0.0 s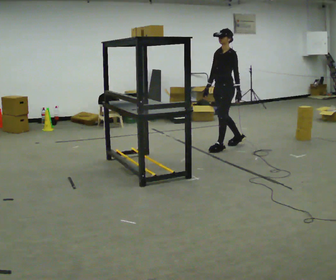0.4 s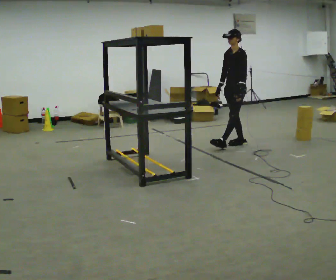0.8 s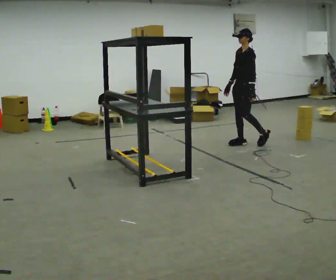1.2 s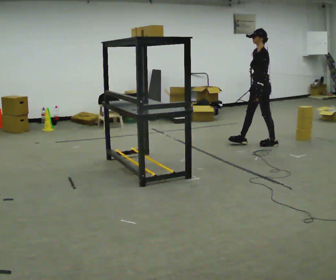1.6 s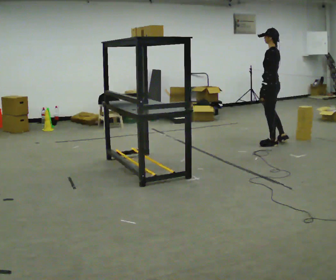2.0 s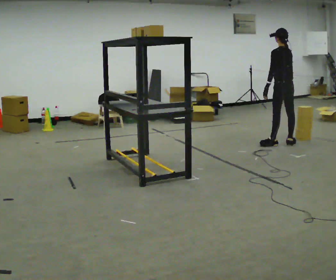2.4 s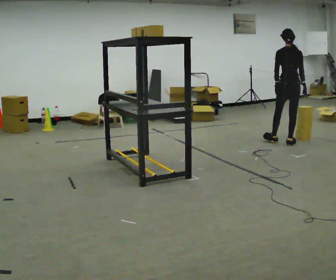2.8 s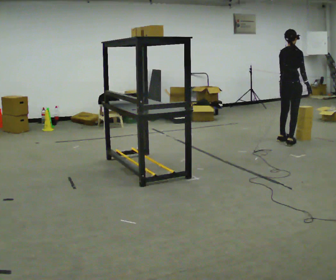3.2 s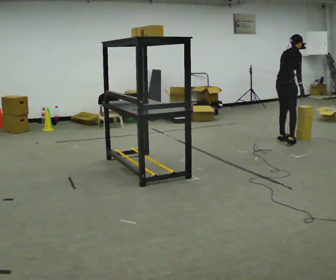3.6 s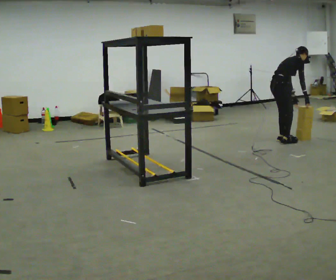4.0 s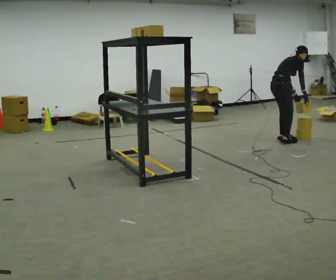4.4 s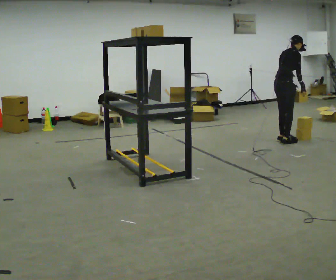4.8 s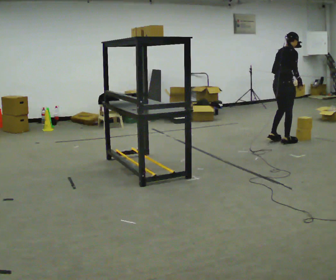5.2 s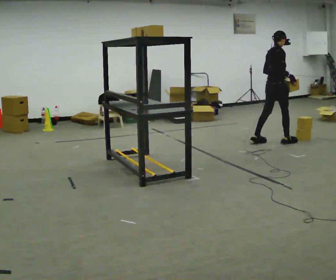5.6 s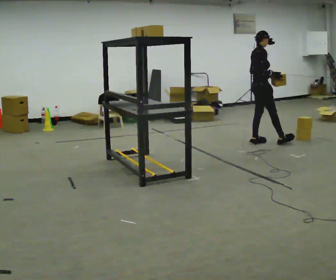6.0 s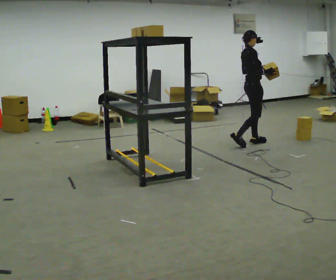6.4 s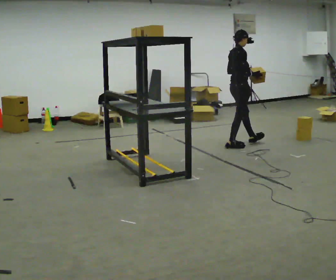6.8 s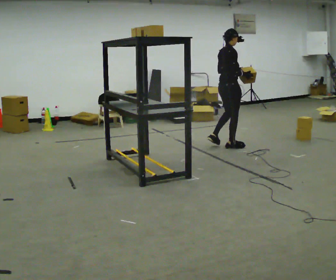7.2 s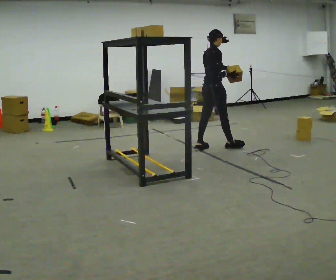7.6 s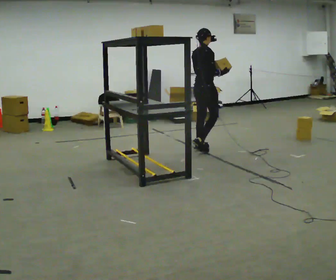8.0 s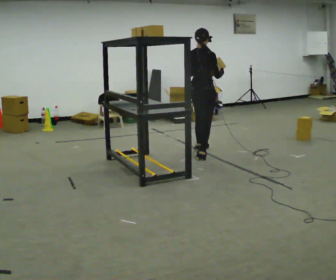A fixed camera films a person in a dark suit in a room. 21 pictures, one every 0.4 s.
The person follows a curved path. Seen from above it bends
counterclockwise.
0.0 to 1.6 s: The part of the body nearest the lens slides to the left as the person turns to their right by about 60 degrees. In the picture they go to the right, about 0.75 m in 2 steps.
1.6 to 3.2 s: The part of the body nearest the lens slides to the left as the person turns to their right by about 120 degrees. In the picture they go away from the camera, about 0.25 m in 1 step. In the picture the upper body tilts clockwise, shoulders to the right, as they bend forward.
3.2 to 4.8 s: The person moves a little, or ends about where they began.
4.8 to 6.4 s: In the picture they go to the left, about 0.75 m in 2 steps, which for them is backward.
6.4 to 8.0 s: The person turns about 45 degrees to their left, counterclockwise seen from above, so the part of the body nearest the lens slides to the right. In the picture they go toward the camera and to the left, about 0.75 m in 1 step, which for them is backward.
The film runs backward here.
